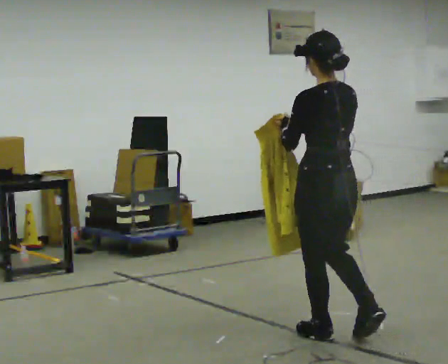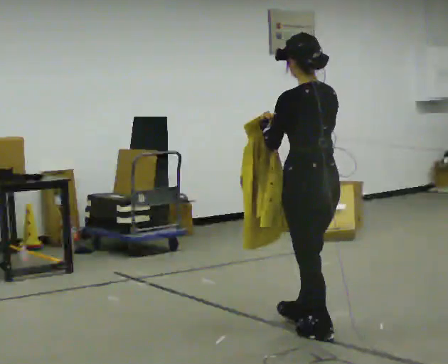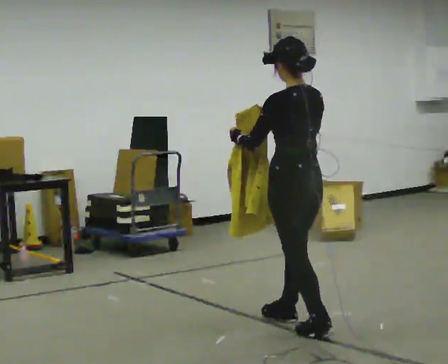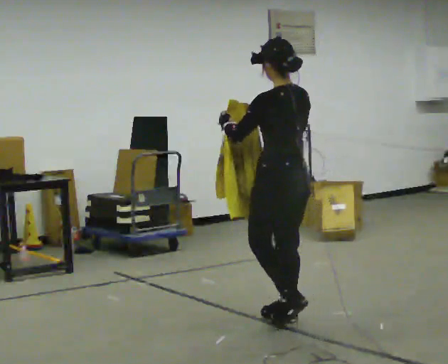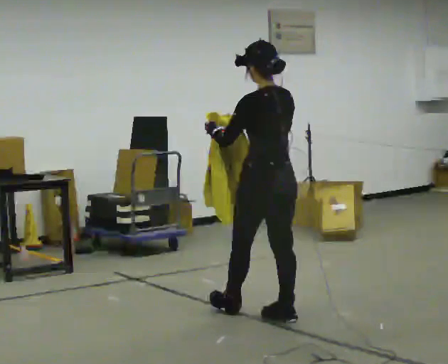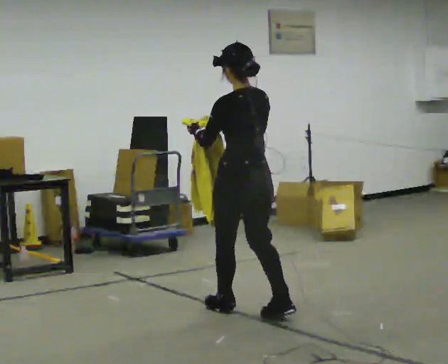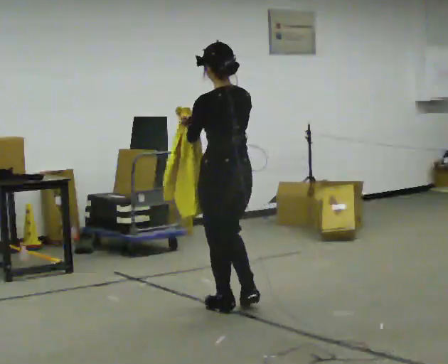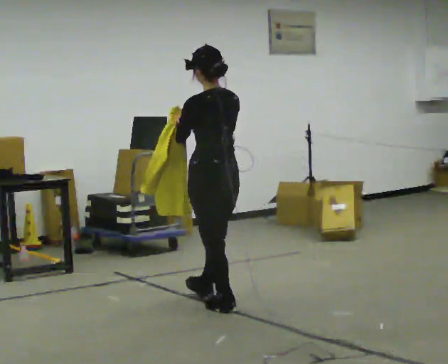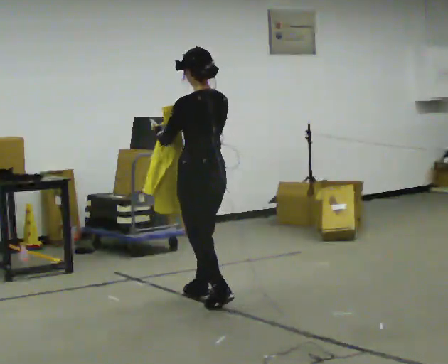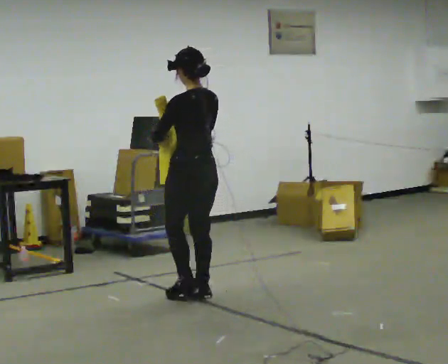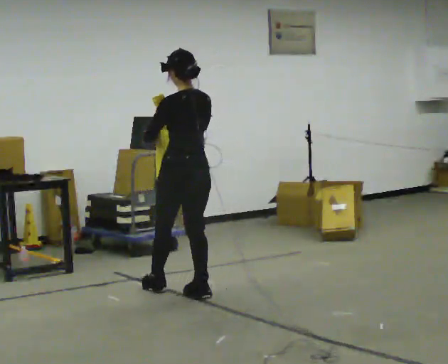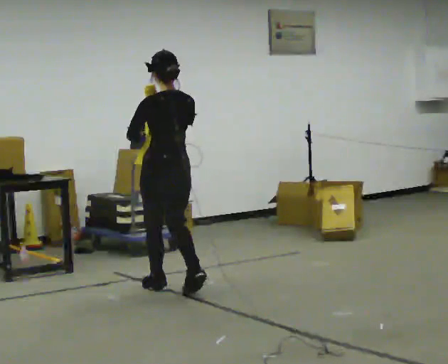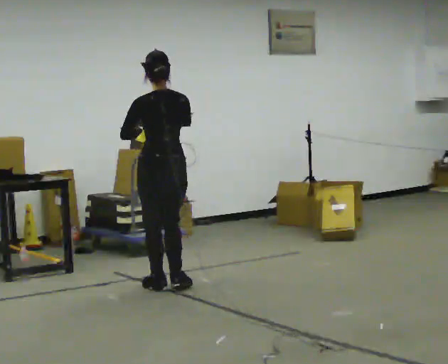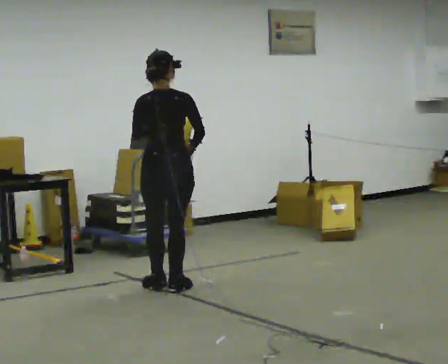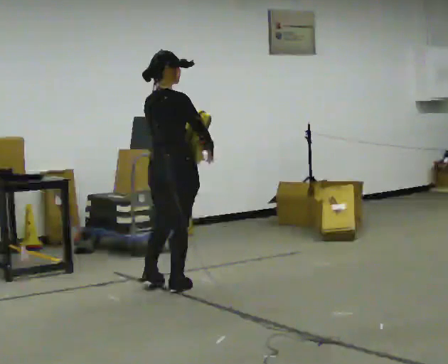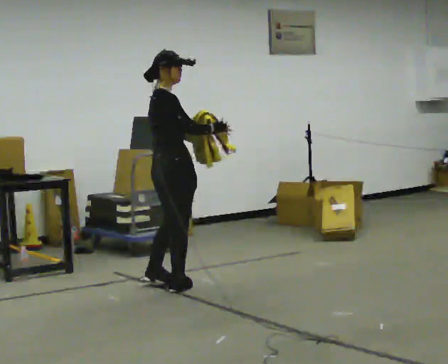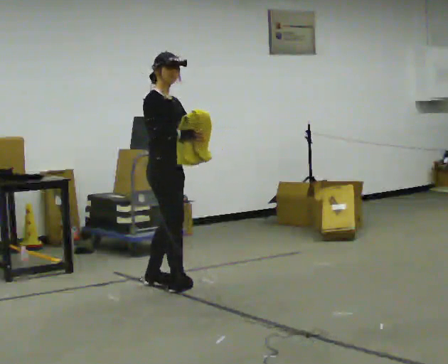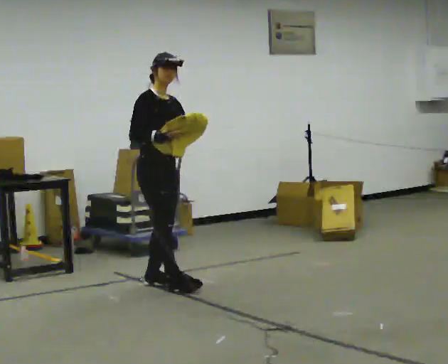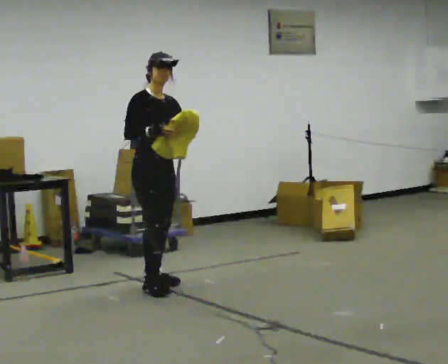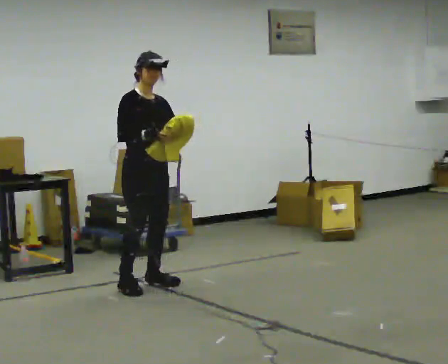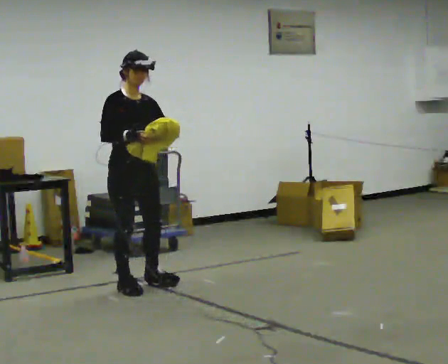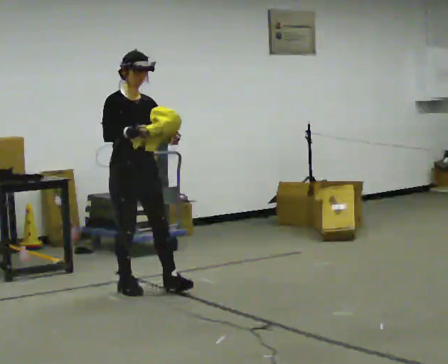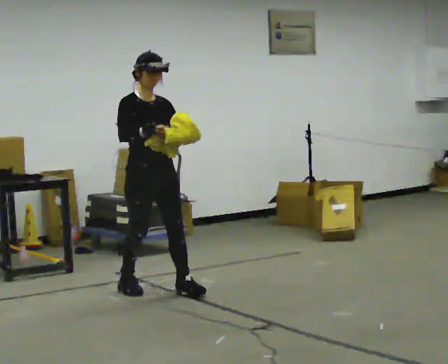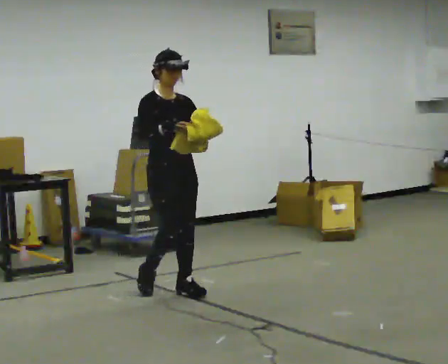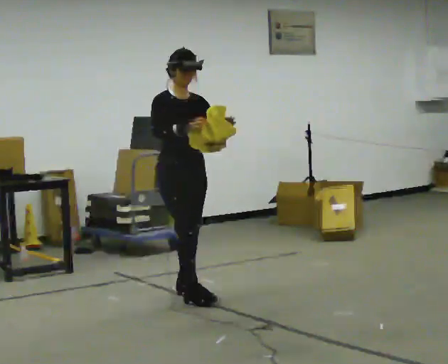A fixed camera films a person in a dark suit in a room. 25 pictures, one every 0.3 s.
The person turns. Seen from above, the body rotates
clockwise.
The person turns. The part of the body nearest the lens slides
to the left.
0.0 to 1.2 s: In the picture they go away from the camera and to the left, about 0.5 m in 2 steps, which for them is forward.
1.2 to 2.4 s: In the picture they go away from the camera and to the left, about 0.75 m in 1 step, which for them is forward.
2.4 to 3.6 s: The person turns about 30 degrees to their right, clockwise seen from above, so the part of the body nearest the lens slides to the left. In the picture they go away from the camera and to the left, about 0.5 m in 2 steps, which for them is forward.
3.6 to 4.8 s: The part of the body nearest the lens slides to the left as the person turns to their right by about 120 degrees.
4.8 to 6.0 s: The person turns about 30 degrees to their right, clockwise seen from above, so the part of the body nearest the lens slides to the left. In the picture they go to the left, about 0.25 m in 1 step, which for them is to their right.
6.0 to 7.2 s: In the picture they go to the right and toward the camera, about 0.5 m in 1 step, which for them is forward and to their left.
The film runs forward here.
